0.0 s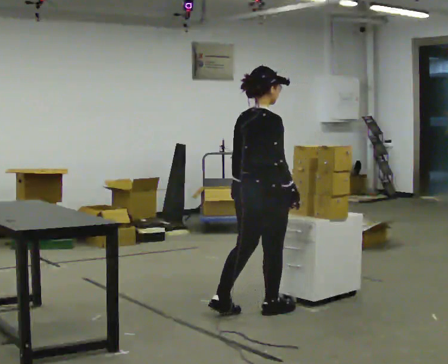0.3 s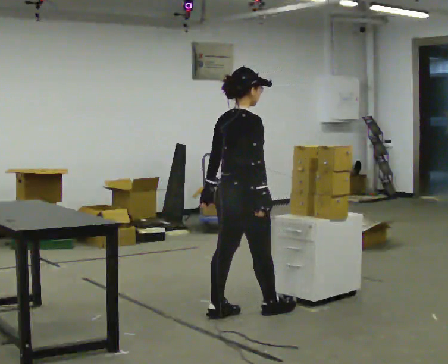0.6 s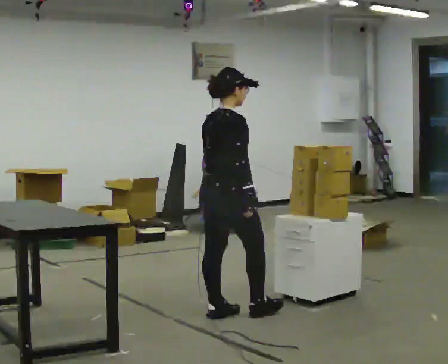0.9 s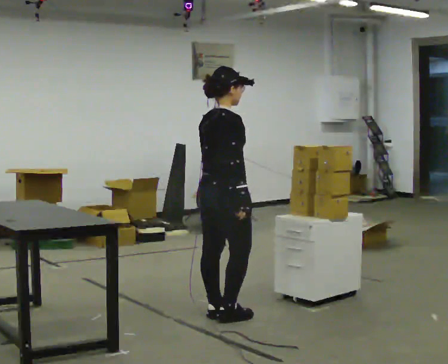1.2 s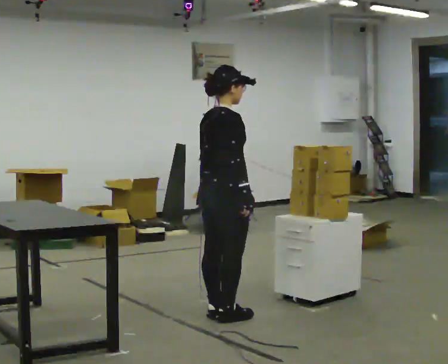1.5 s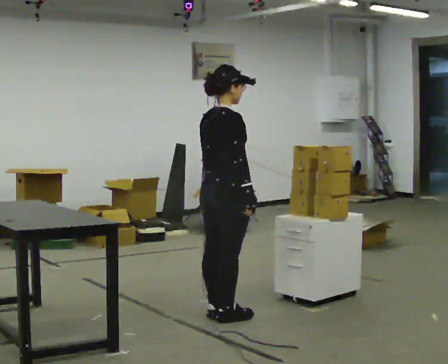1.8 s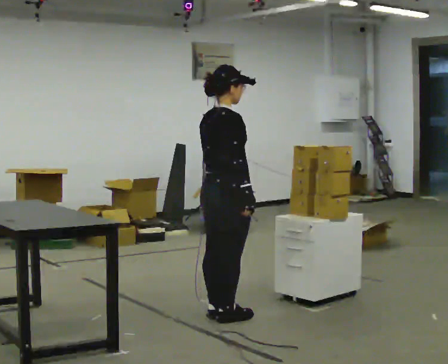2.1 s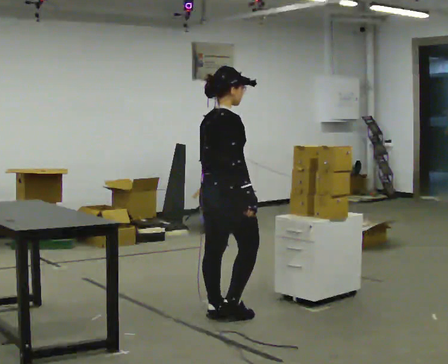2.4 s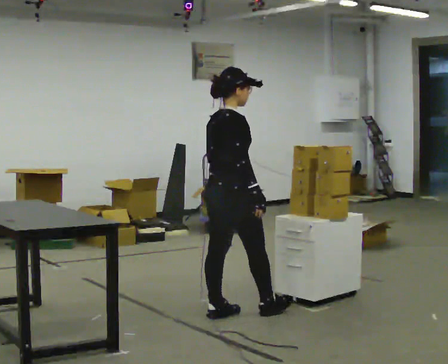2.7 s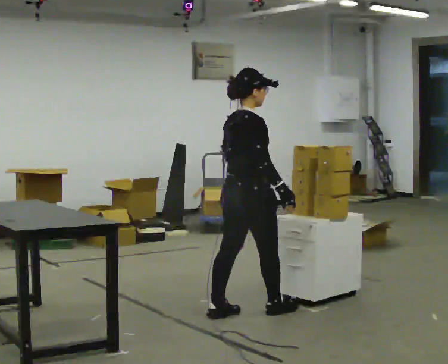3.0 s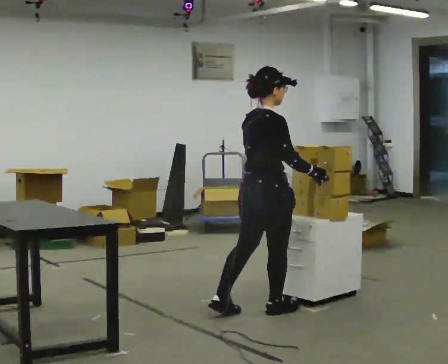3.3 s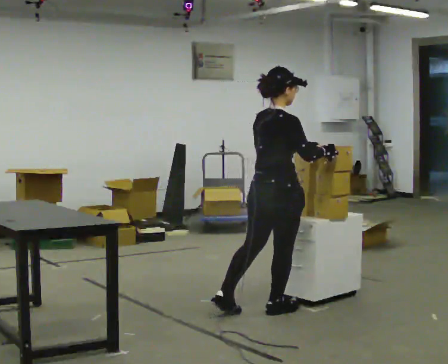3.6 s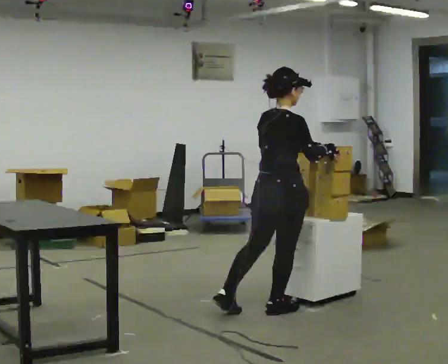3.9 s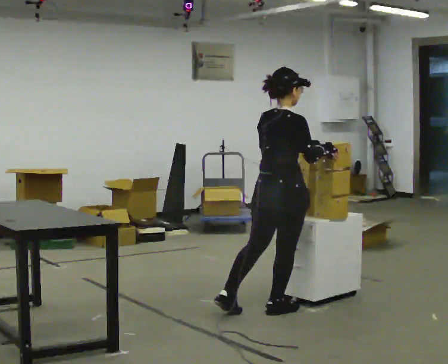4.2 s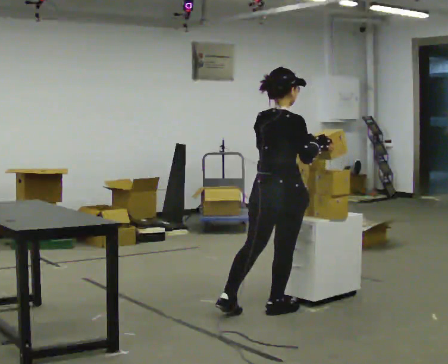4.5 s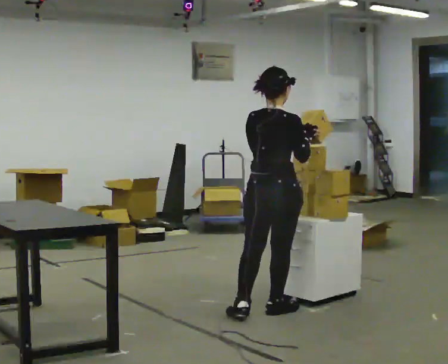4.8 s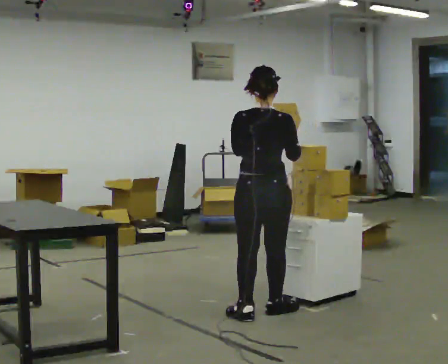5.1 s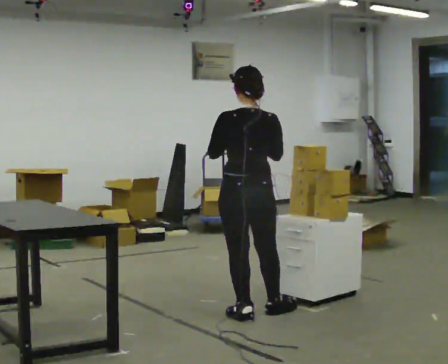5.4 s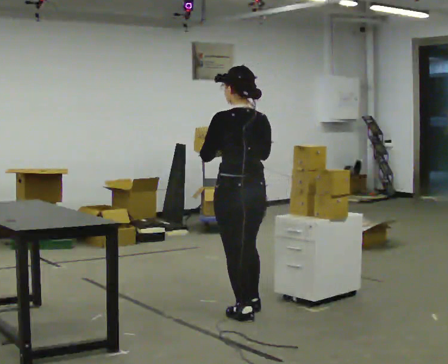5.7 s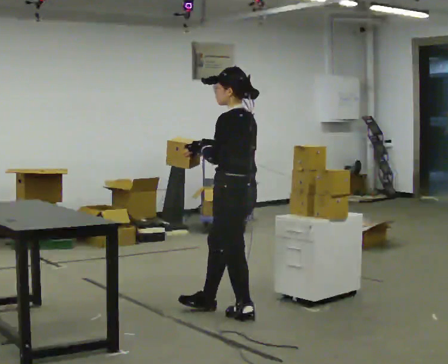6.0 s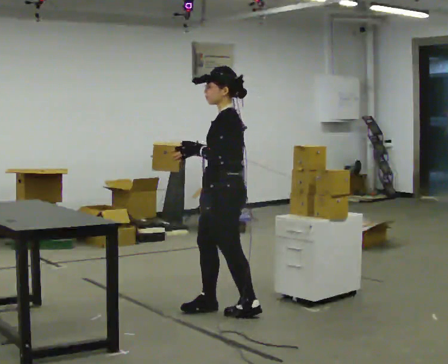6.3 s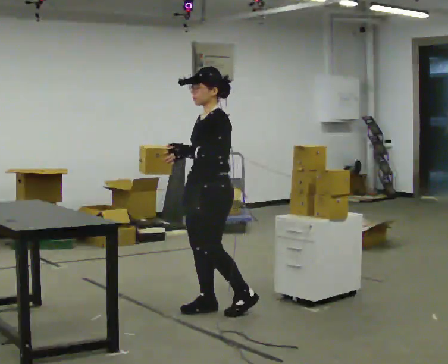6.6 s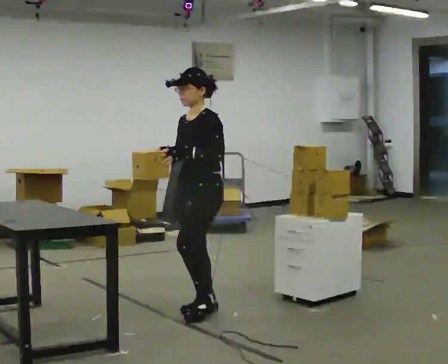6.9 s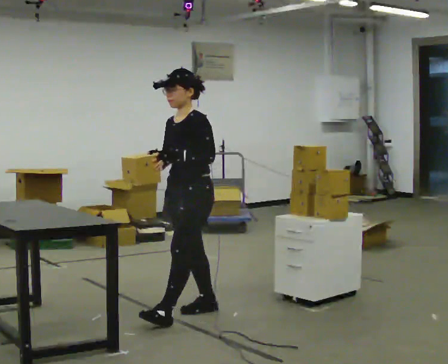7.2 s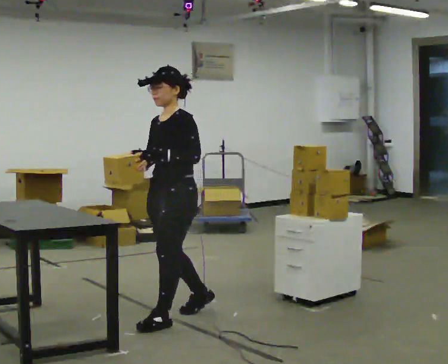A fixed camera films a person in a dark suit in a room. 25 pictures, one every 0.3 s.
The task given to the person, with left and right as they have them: 1. Move all 12 boxes from the shelf at one end of the room to the shelf at the other end. 2. The cart is not available today, so carry them. 3. Tell the operator when you are finished.
0.0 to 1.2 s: In the picture they go to the left, about 0.25 m in 1 step, which for them is backward.
1.2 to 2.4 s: The person moves a little, or ends about where they began.
2.4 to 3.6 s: In the picture they go to the right, about 0.25 m in 1 step, which for them is forward and to their right.
3.6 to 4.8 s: The part of the body nearest the lens slides to the right as the person turns to their left by about 30 degrees. In the picture their left hand goes to the left.
4.8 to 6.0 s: Seen from above the body turns counterclockwise, about 105 degrees: to their left, with its near side sliding to the right. In the picture they go to the left, about 0.25 m in 1 step. In the picture their left hand goes to the left.
6.0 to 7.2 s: Seen from above the body turns counterclockwise, about 30 degrees: to their left, with its near side sliding to the right. In the picture they go to the left and toward the camera, about 0.25 m in 1 step, which for them is forward.
The film runs forward here.
